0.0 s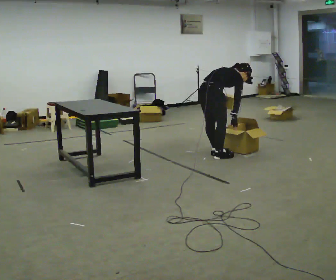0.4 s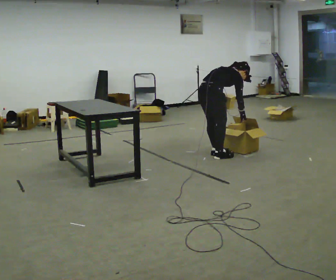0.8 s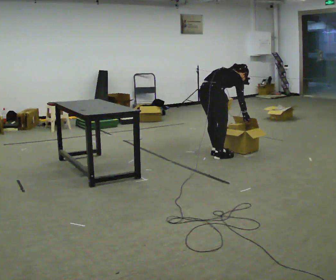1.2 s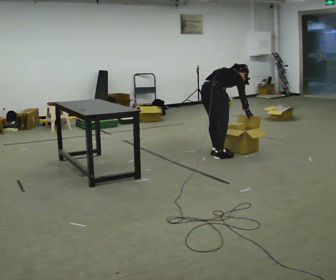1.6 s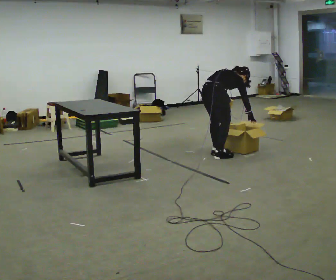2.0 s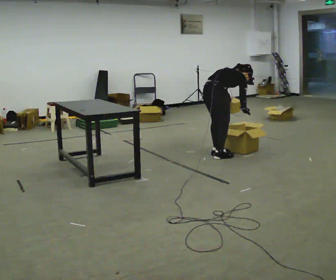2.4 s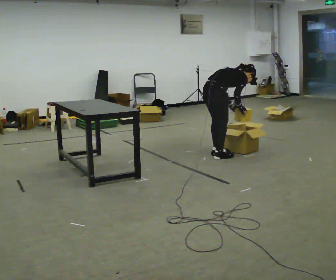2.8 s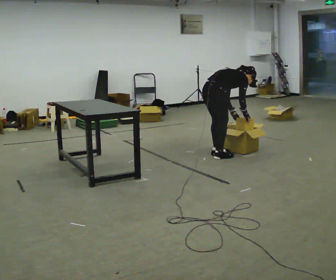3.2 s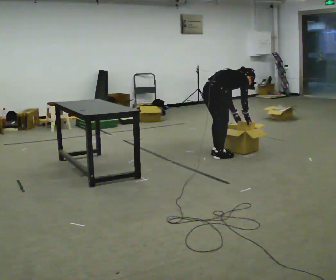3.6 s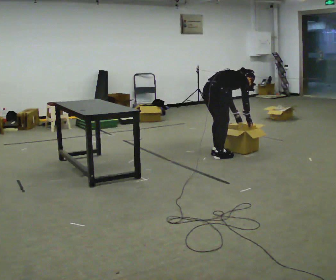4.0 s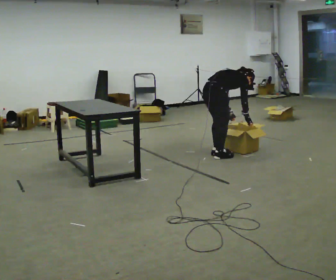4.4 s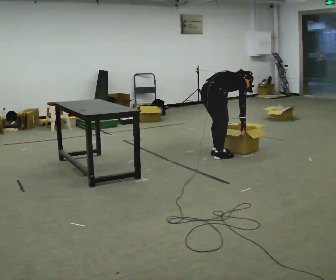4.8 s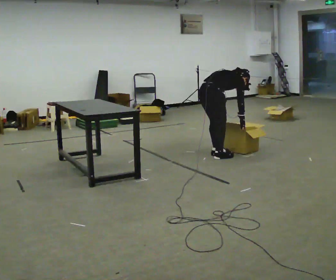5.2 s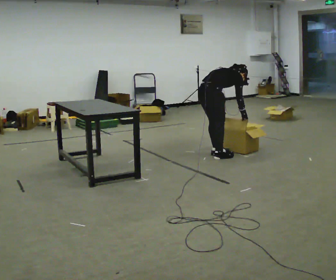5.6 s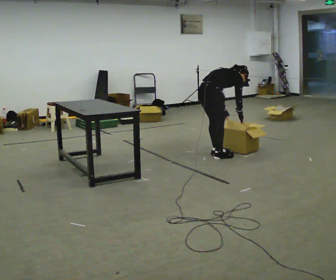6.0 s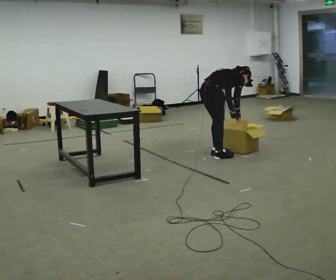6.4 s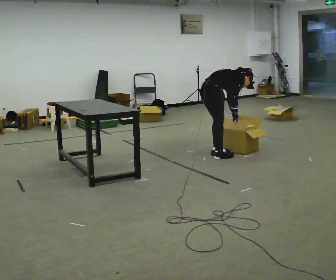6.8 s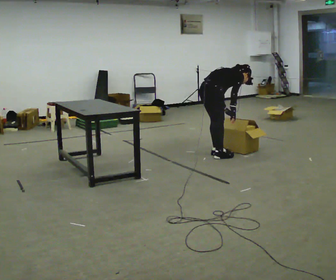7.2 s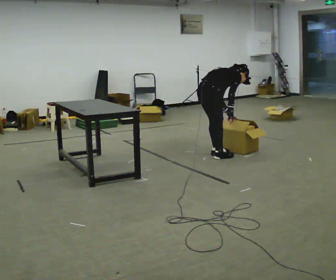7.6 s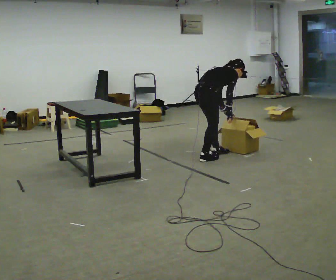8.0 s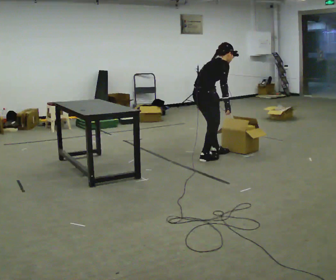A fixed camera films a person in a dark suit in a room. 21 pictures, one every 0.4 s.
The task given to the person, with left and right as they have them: Carry the object across the room, open the lid of the container, put the object inside, and close the lid again. Then go back for the next one. Keep going until the operator says stop; one object at a time, and do not rush between trips.
0.0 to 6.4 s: The person moves a little, or ends about where they began.
6.4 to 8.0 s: In the picture they go toward the camera, about 0.25 m in 1 step, which for them is backward and to their right. The shoulders move upward. In the picture the upper body tilts counterclockwise, shoulders to the left, as they lean back or straighten. In the picture their left hand goes to the left.
The film runs forward here.
